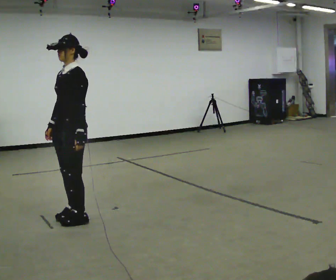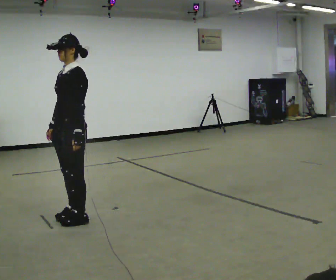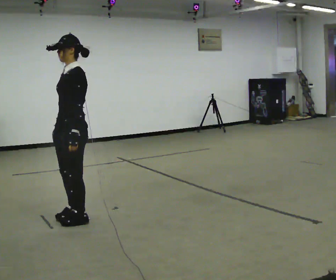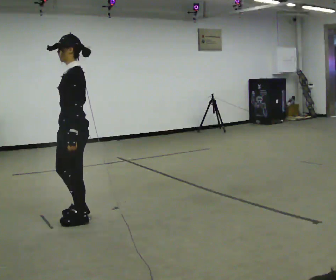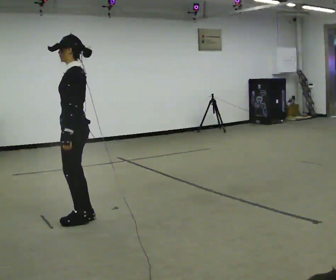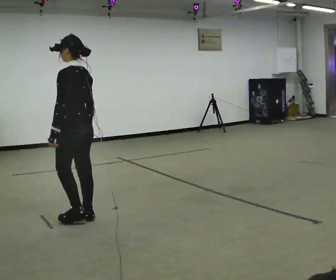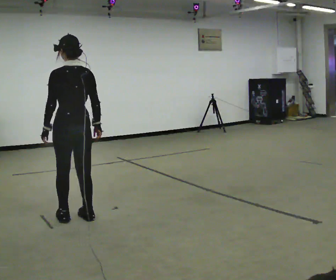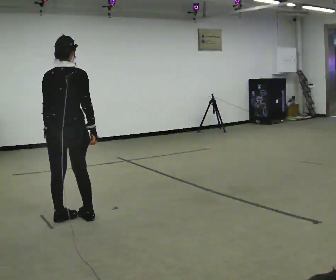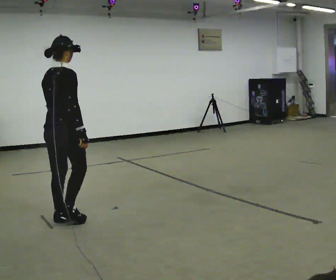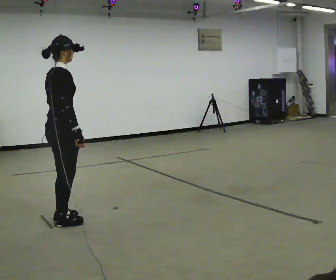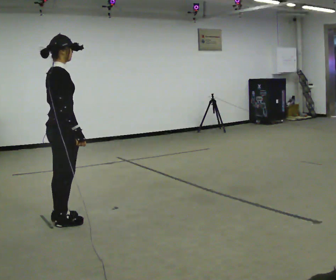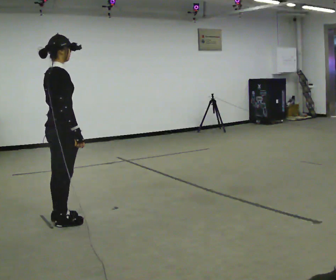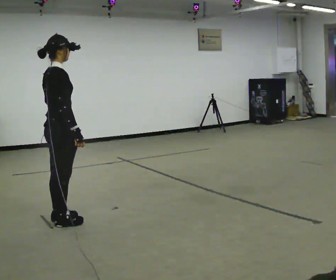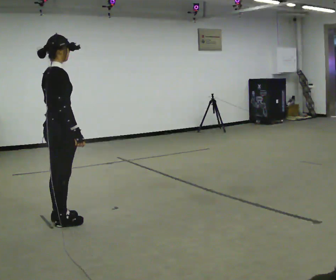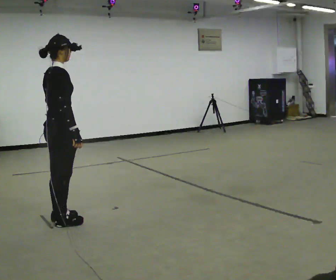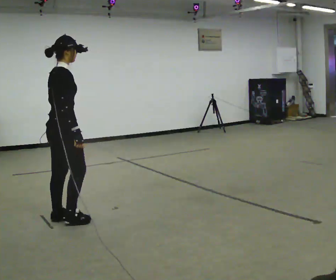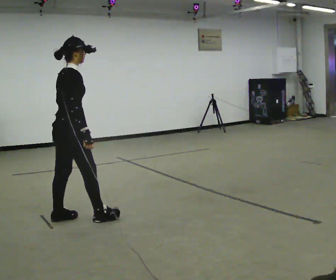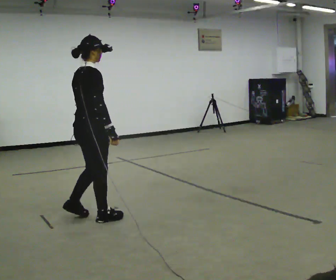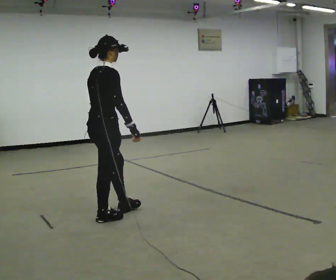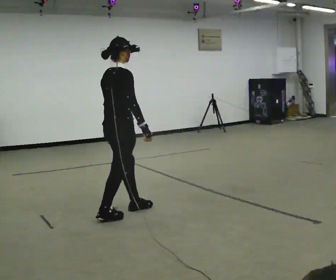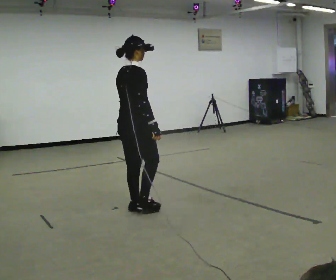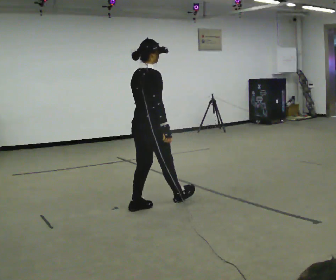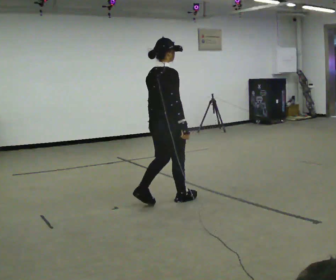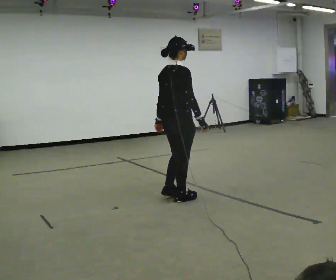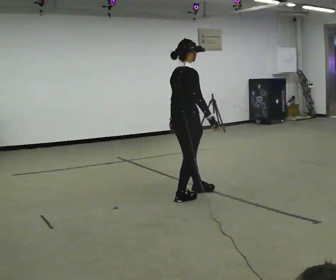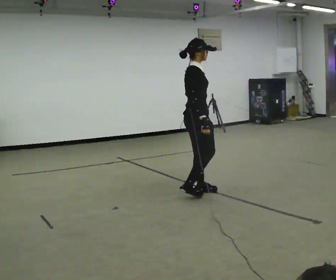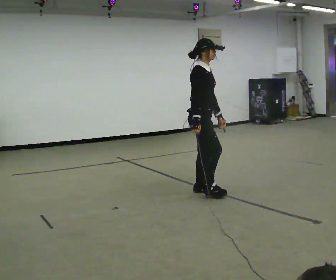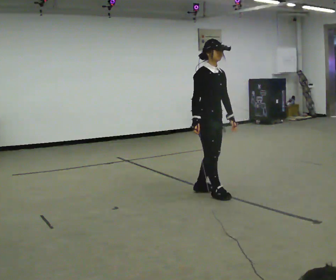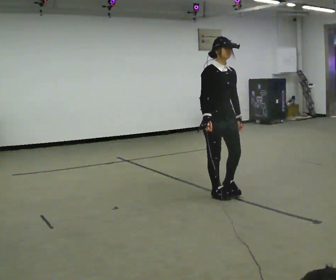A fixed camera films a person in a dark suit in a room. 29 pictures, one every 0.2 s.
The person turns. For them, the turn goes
to their right.
The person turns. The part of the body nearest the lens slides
to the left.
0.0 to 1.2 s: The person turns about 90 degrees to their right, clockwise seen from above, so the part of the body nearest the lens slides to the left. In the picture their right hand goes to the right, the arm swinging counterclockwise.
1.2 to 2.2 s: The person turns about 105 degrees to their right, clockwise seen from above, so the part of the body nearest the lens slides to the left.
2.2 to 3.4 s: In the picture they go to the right, about 0.25 m in 2 steps, which for them is forward.
3.4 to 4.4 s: In the picture they go to the right, about 1 m in 2 steps, which for them is forward.
4.4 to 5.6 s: The part of the body nearest the lens slides to the left as the person turns to their right by about 90 degrees. In the picture they go to the right, about 0.5 m in 2 steps.
The film runs backward here.
